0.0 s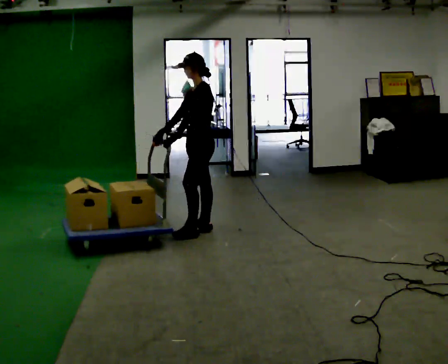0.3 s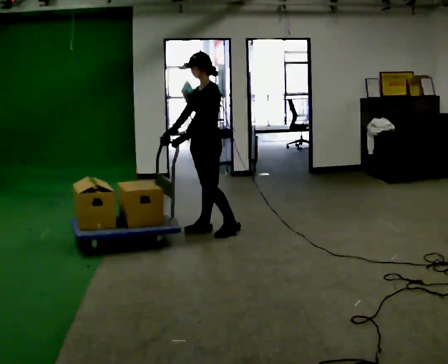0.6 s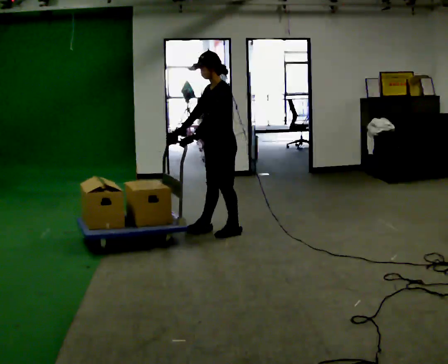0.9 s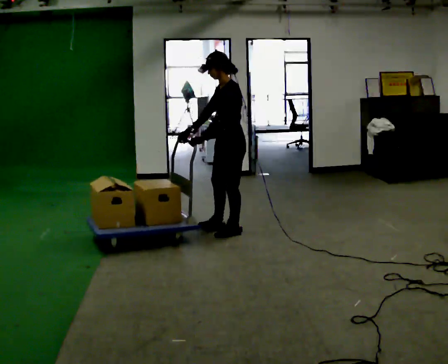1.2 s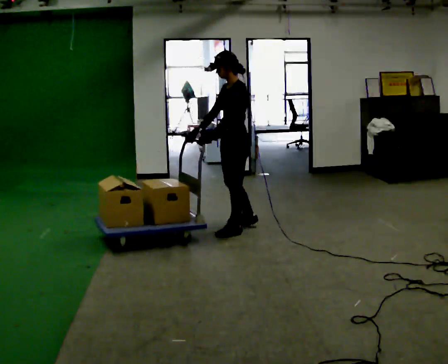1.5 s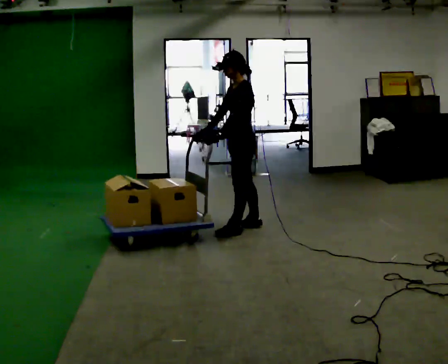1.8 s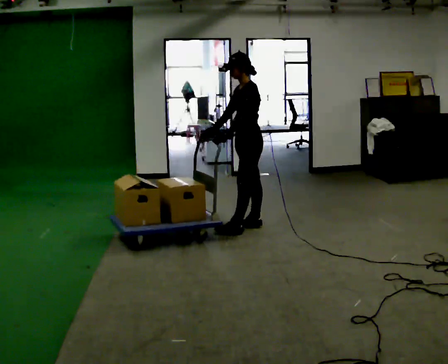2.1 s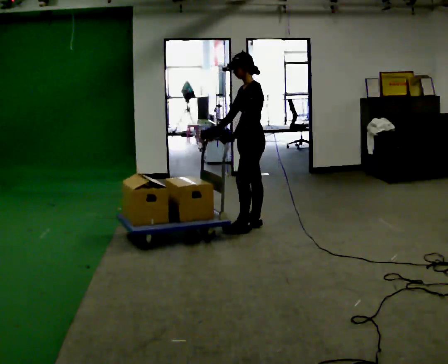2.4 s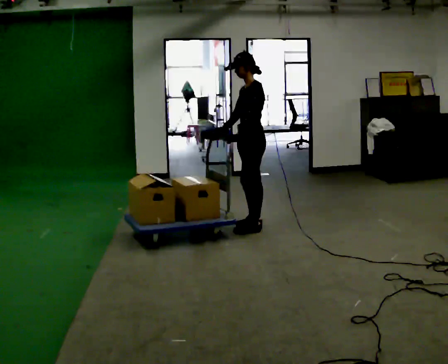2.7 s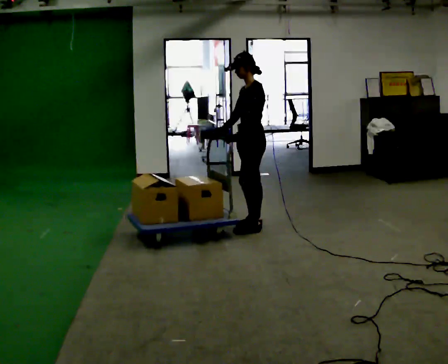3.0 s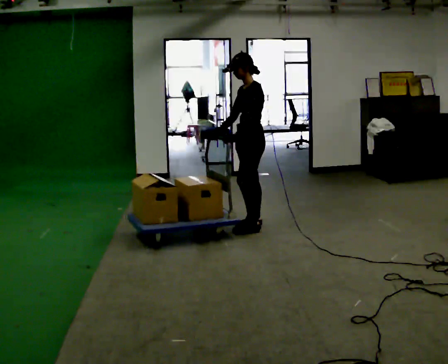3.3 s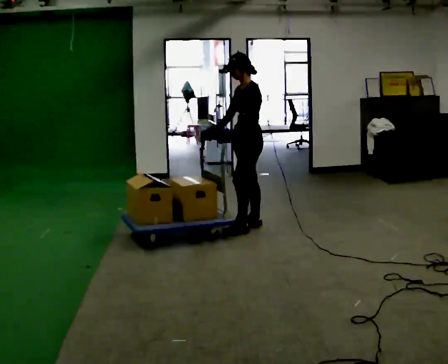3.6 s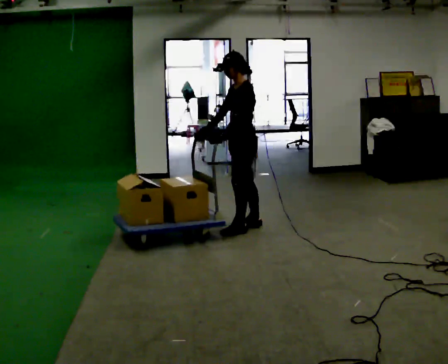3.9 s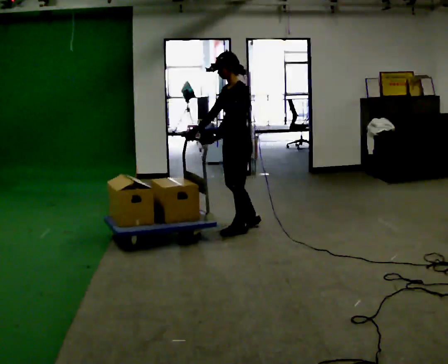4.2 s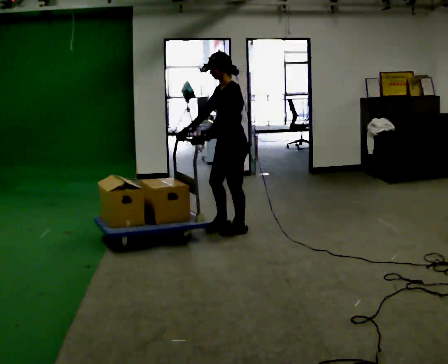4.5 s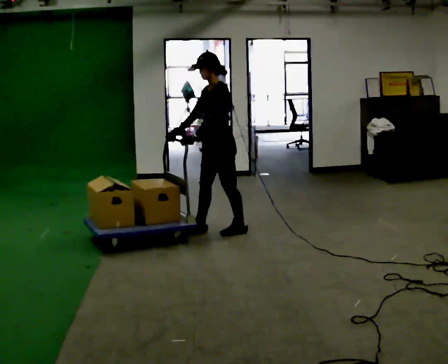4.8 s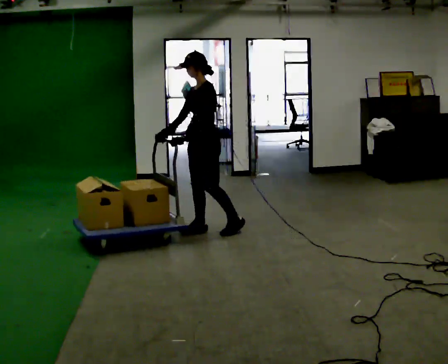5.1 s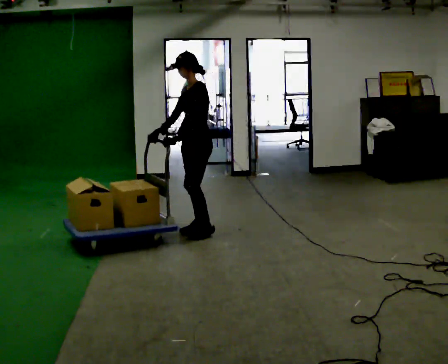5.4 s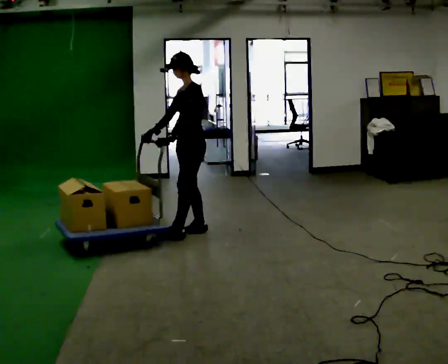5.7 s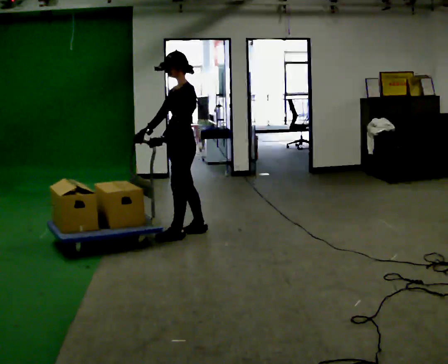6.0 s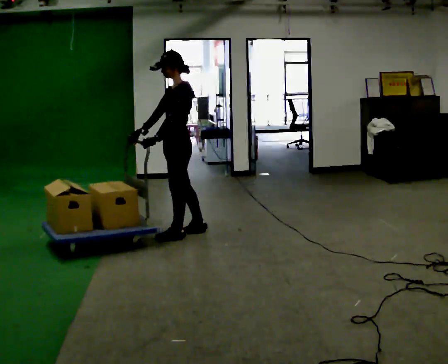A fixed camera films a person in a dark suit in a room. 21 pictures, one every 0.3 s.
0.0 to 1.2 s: In the picture they go to the right, about 0.25 m in 1 step, which for them is backward and to their left.
1.2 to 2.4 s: In the picture they go away from the camera, about 0.25 m in 2 steps, which for them is backward and to their right.
2.4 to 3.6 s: The person moves a little, or ends about where they began.
3.6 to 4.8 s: In the picture they go to the left, about 0.25 m in 1 step, which for them is forward.
4.8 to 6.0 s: In the picture they go to the left, about 0.25 m in 1 step, which for them is forward.
The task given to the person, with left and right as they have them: Get the cart into the marked parking space and lined up with the tape. Take as many adjustments as you need. Then take it out again and repeat.
The film runs forward here.
